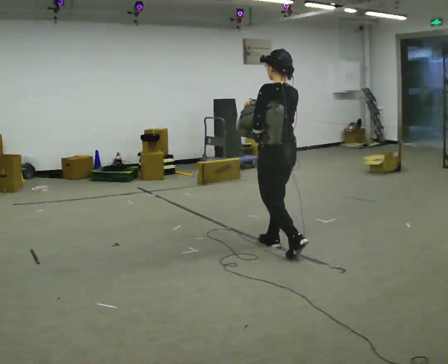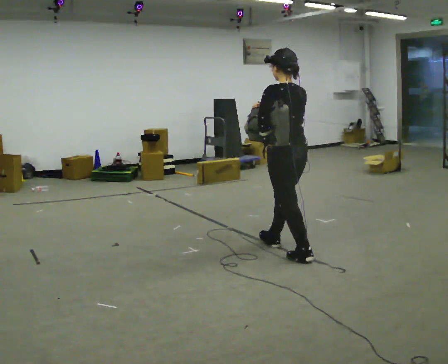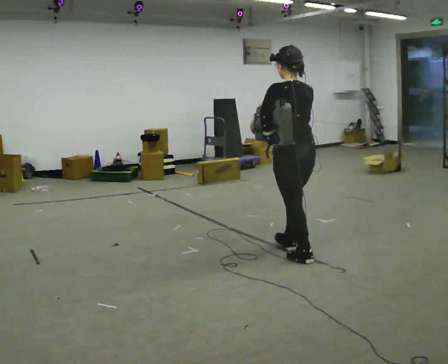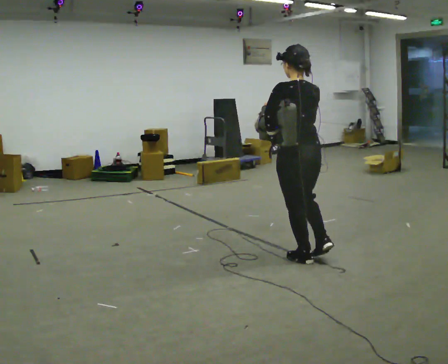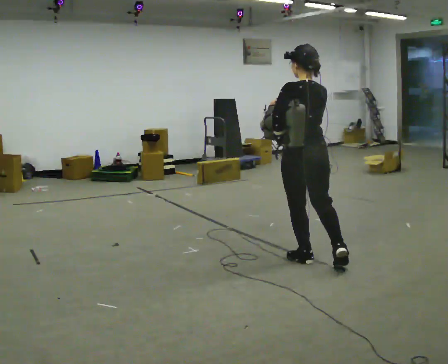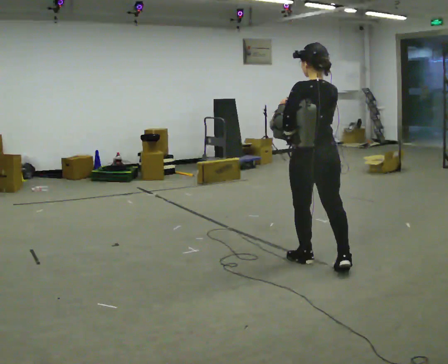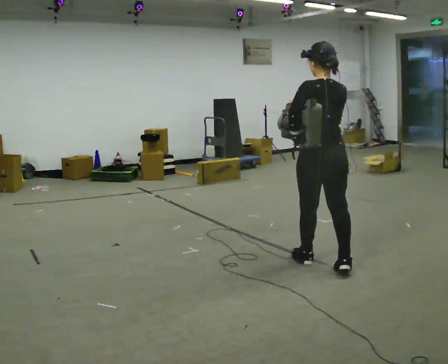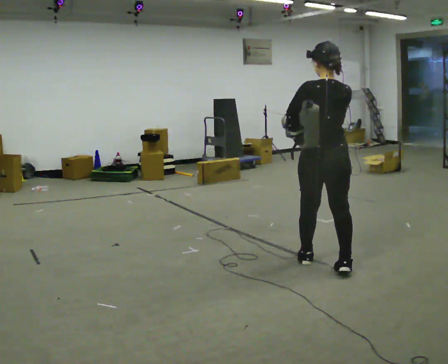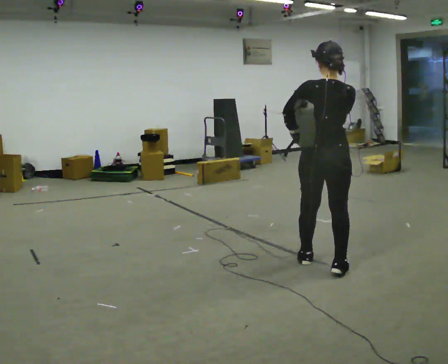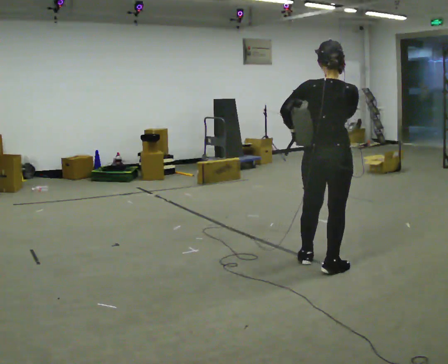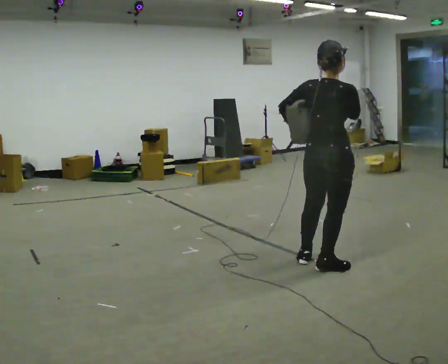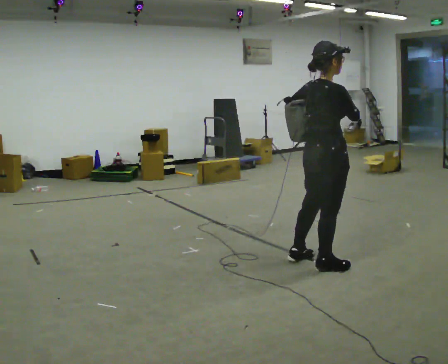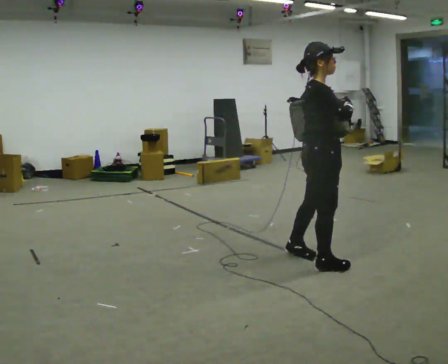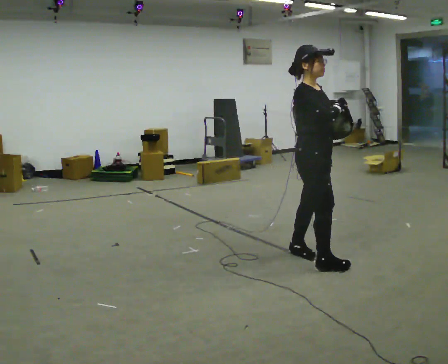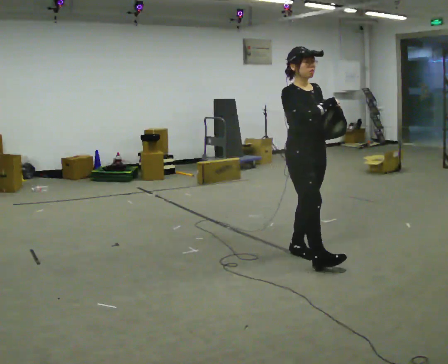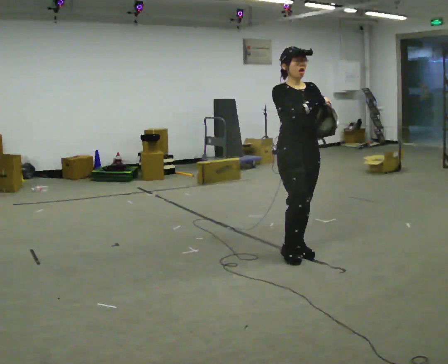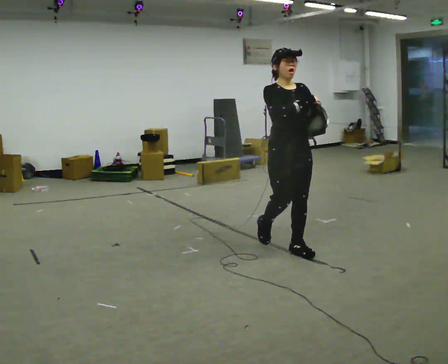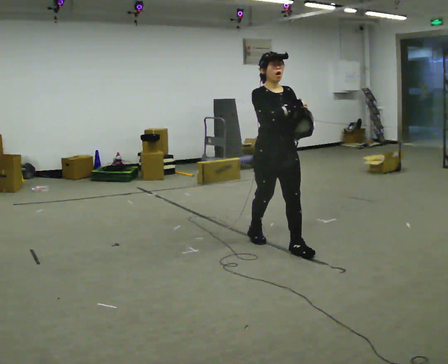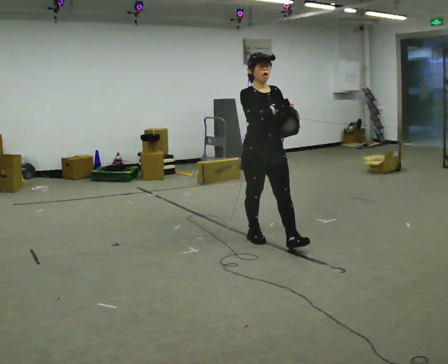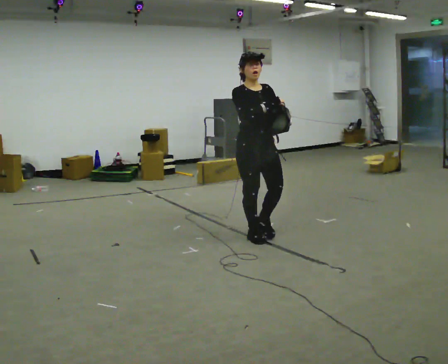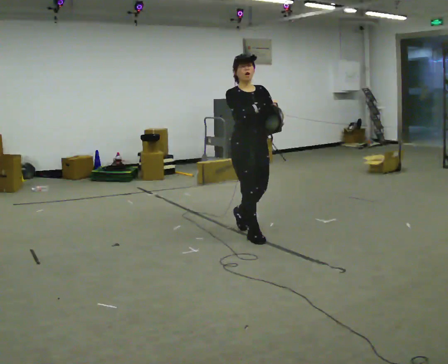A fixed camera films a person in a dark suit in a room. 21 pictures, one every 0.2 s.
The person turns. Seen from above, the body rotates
clockwise.
The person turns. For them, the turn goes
to their right.
0.0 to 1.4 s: The person turns about 30 degrees to their right, clockwise seen from above, so the part of the body nearest the lens slides to the left. In the picture they go to the right and toward the camera, about 0.5 m in 1 step, which for them is backward.
1.4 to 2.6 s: The person turns about 120 degrees to their right, clockwise seen from above, so the part of the body nearest the lens slides to the left.
2.6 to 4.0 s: The person turns about 30 degrees to their right, clockwise seen from above, so the part of the body nearest the lens slides to the left. In the picture they go to the left and away from the camera, about 1 m in 2 steps, which for them is backward.
The film runs backward here.
